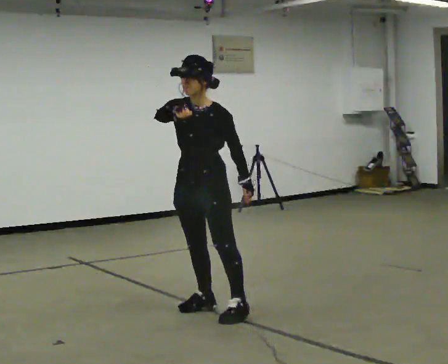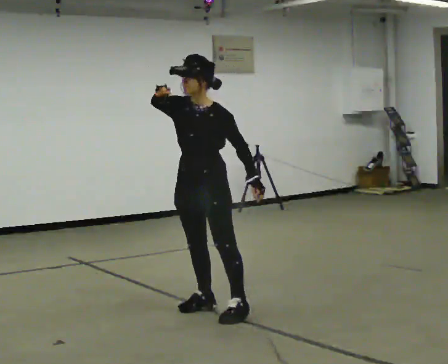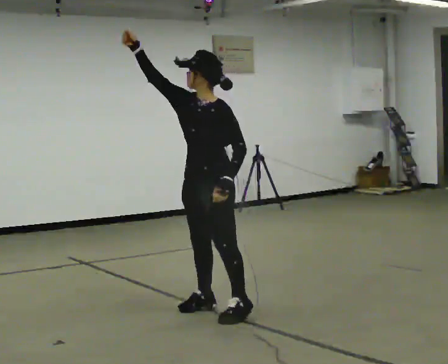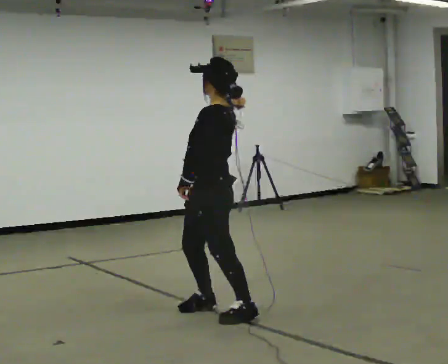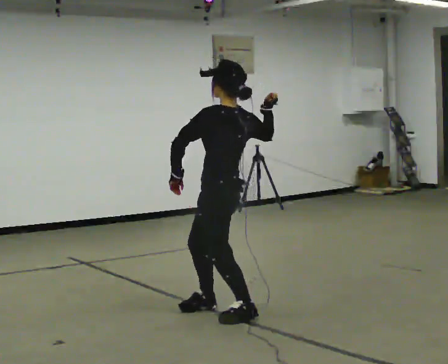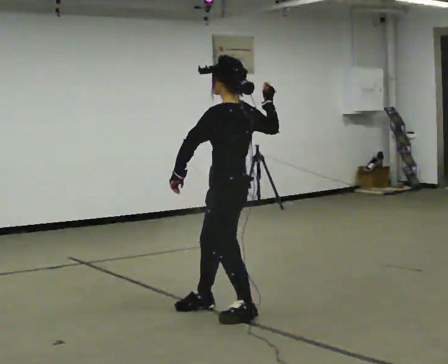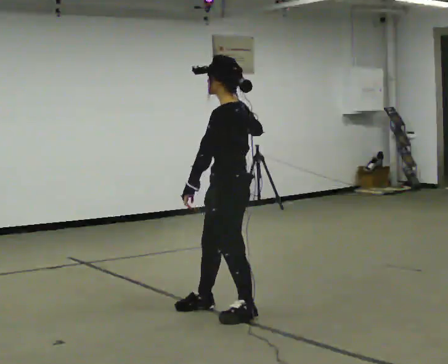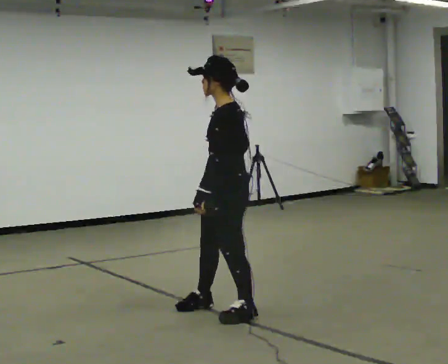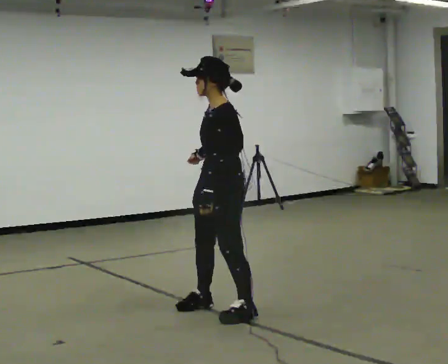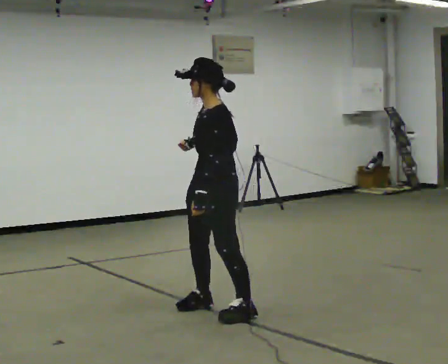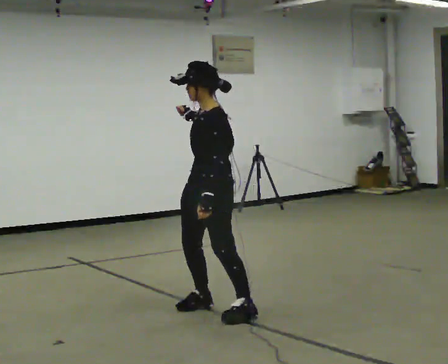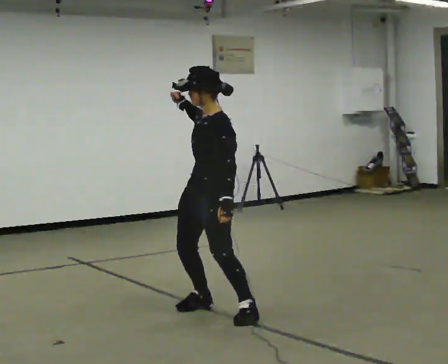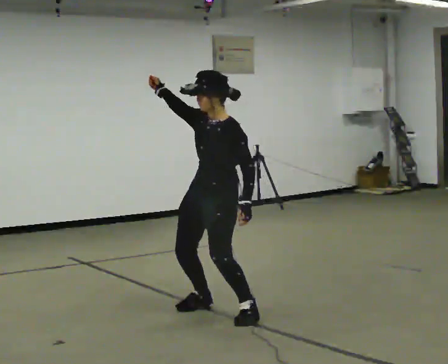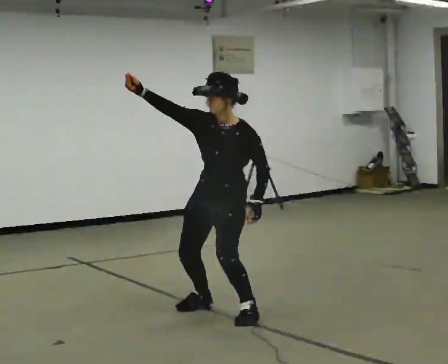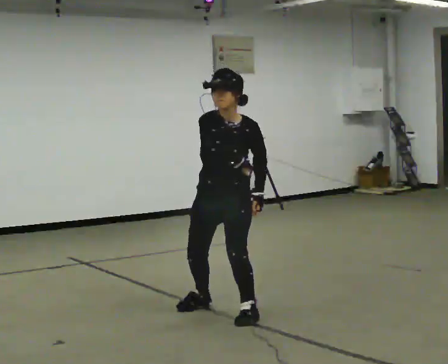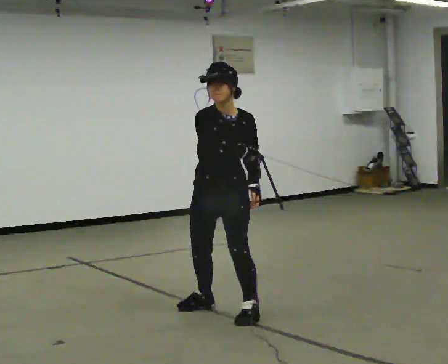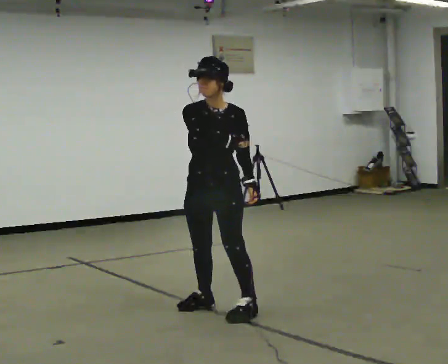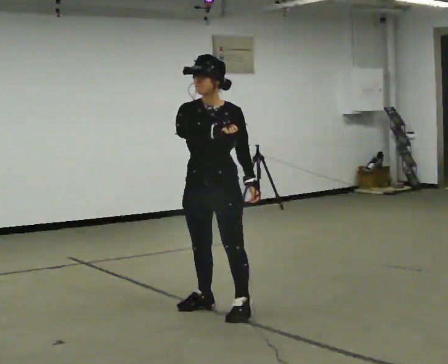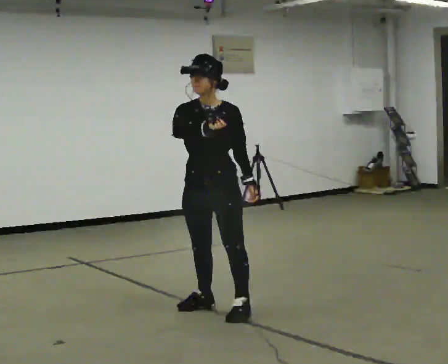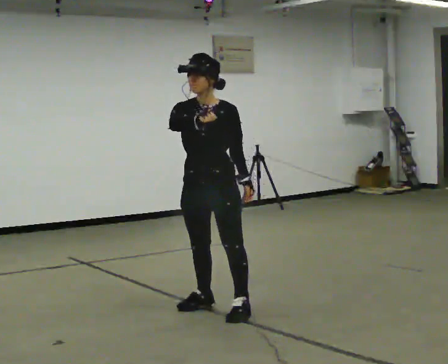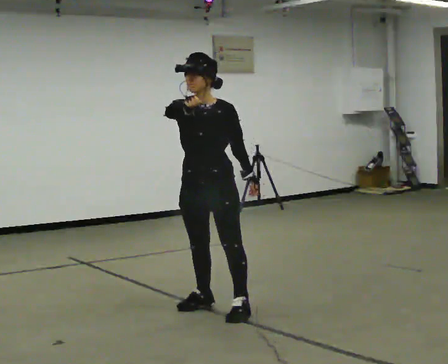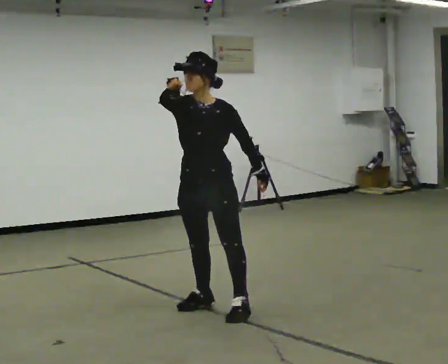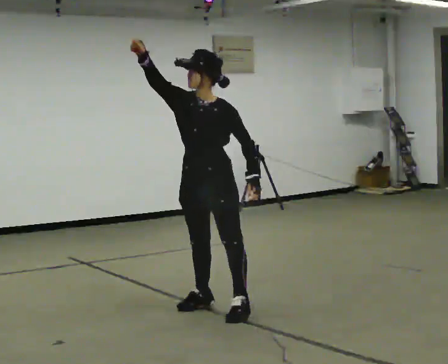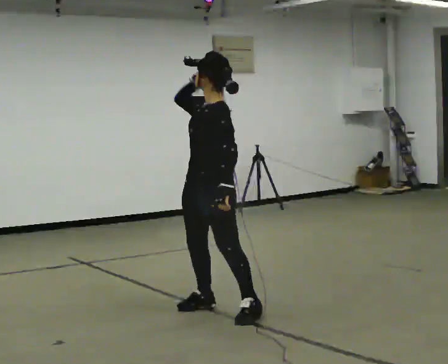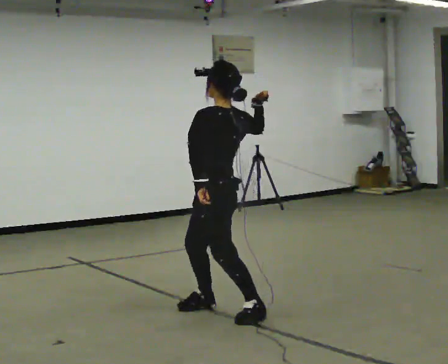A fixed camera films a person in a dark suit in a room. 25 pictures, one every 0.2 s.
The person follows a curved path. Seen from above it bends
clockwise.
0.0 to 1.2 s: Seen from above the body turns clockwise, about 60 degrees: to their right, with its near side sliding to the left. In the picture they go to the right and toward the camera, about 0.25 m. In the picture their right hand goes to the right.
1.2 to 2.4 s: The person turns about 45 degrees to their left, counterclockwise seen from above, so the part of the body nearest the lens slides to the right. In the picture their right hand goes to the left.
2.4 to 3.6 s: Seen from above the body turns counterclockwise, about 30 degrees: to their left, with its near side sliding to the right.
3.6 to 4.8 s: The part of the body nearest the lens slides to the left as the person turns to their right by about 90 degrees. In the picture their right hand goes to the right.
The film runs backward here.
